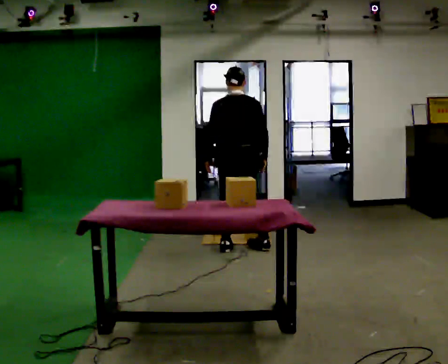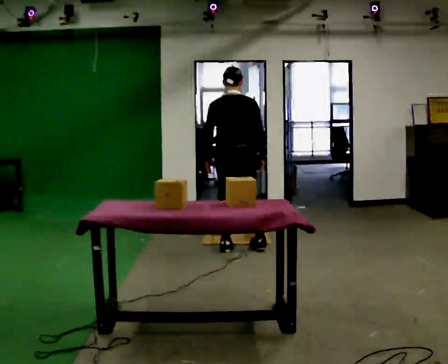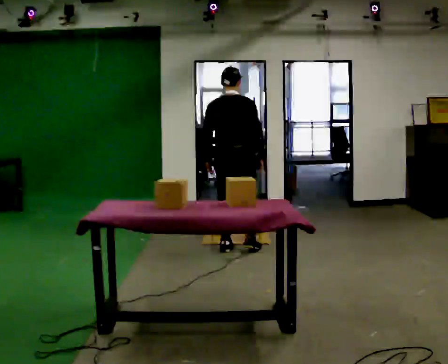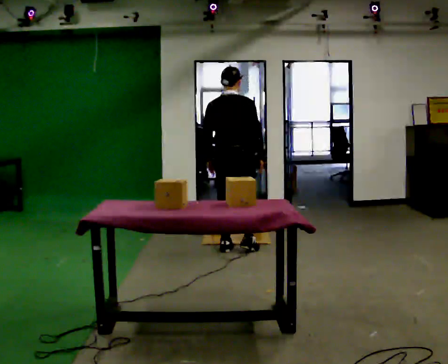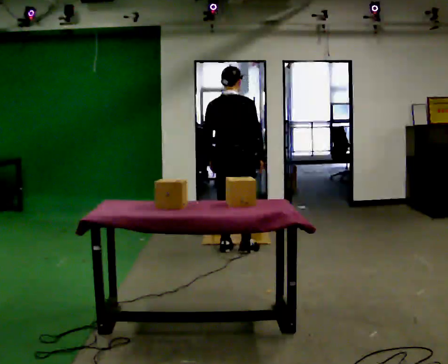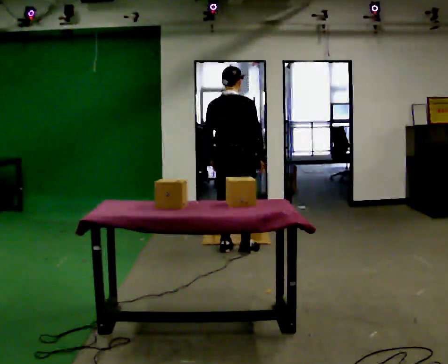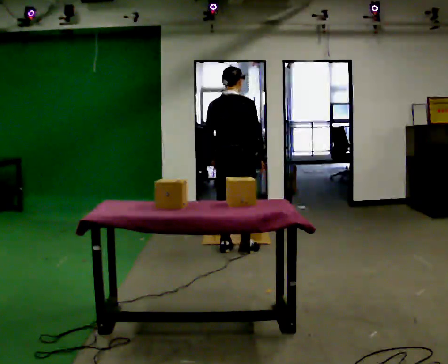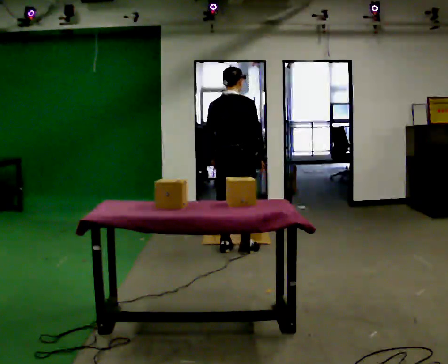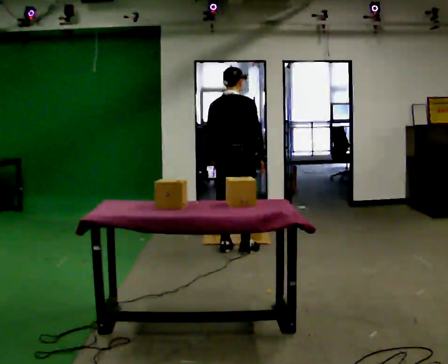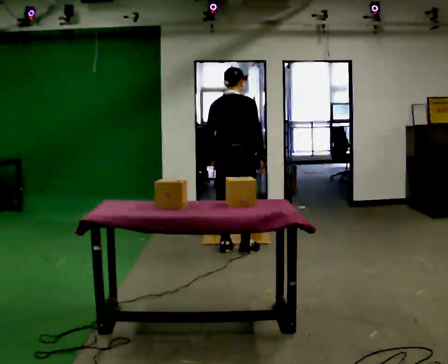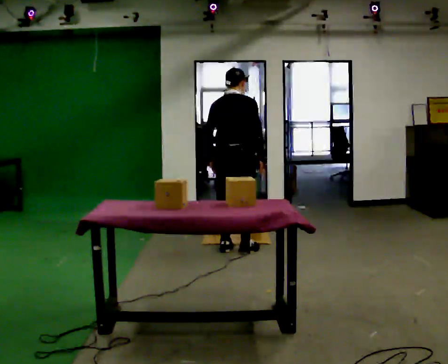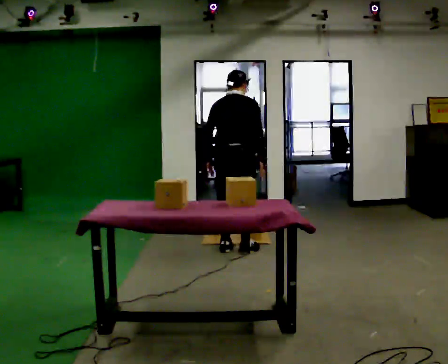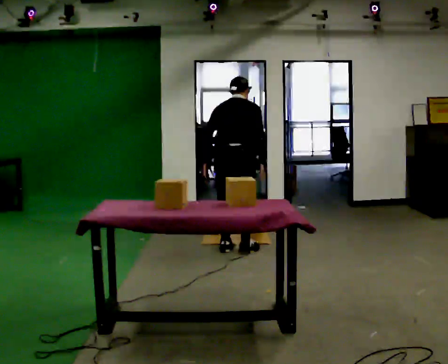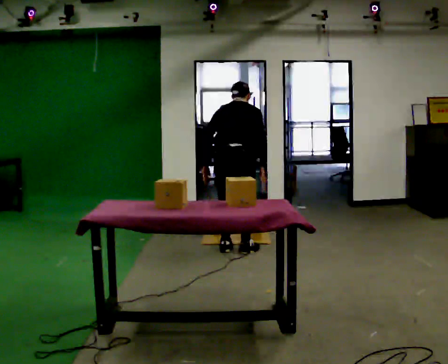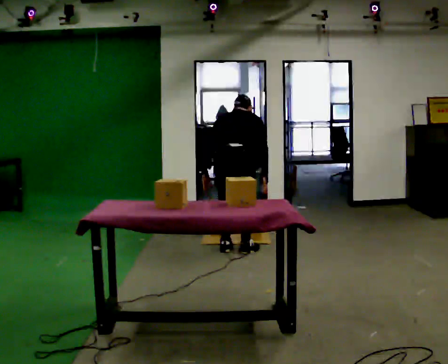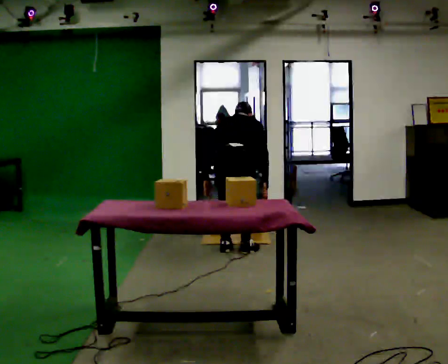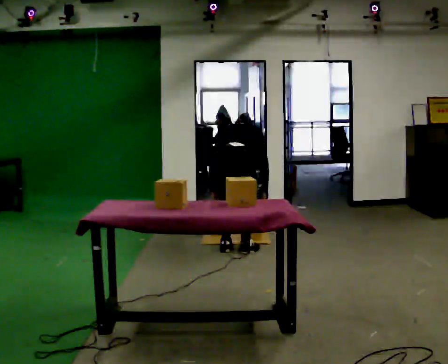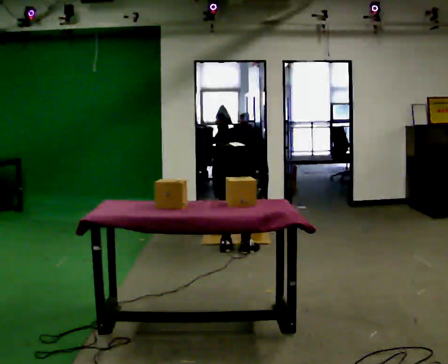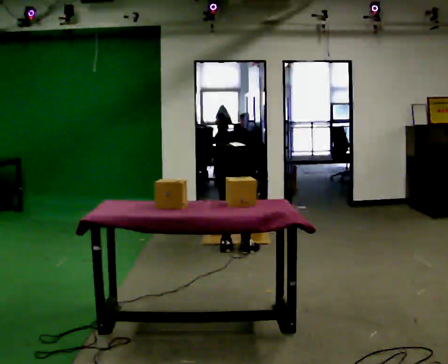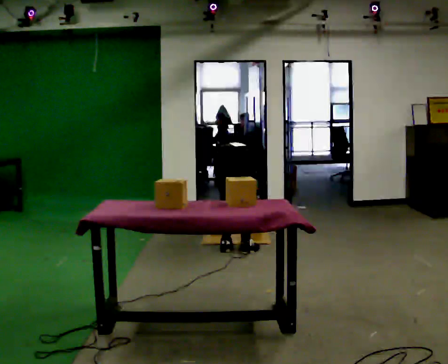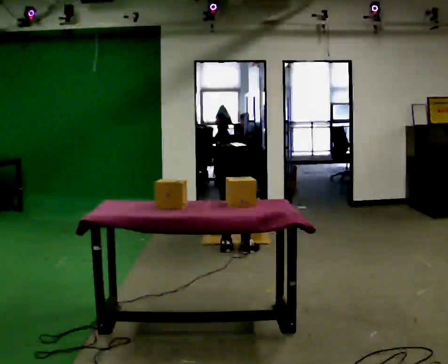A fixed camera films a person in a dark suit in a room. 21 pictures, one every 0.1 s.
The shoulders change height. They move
downward.
Their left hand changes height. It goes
downward.
0.0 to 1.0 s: Seen from above the body turns clockwise, about 30 degrees: to their right, with its near side sliding to the left.
1.0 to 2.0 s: In the picture they go toward the camera, about 0.25 m, which for them is backward. The shoulders move downward. The upper body tips away from the camera, its near side rolling upward, as they bend forward. In the picture their left hand goes downward.
The film runs backward here.
